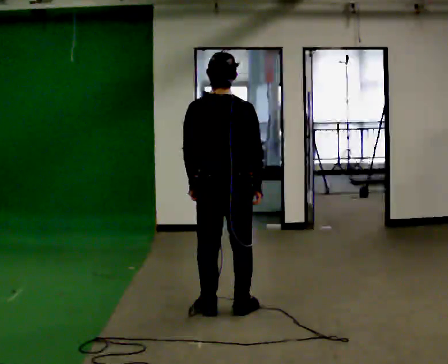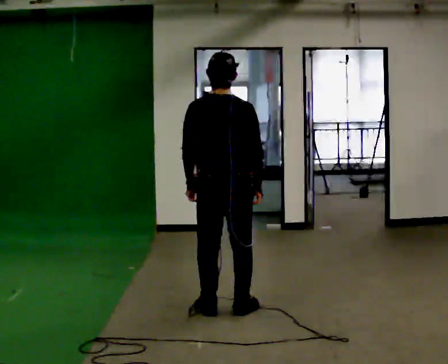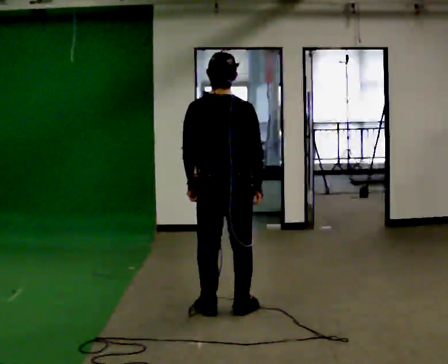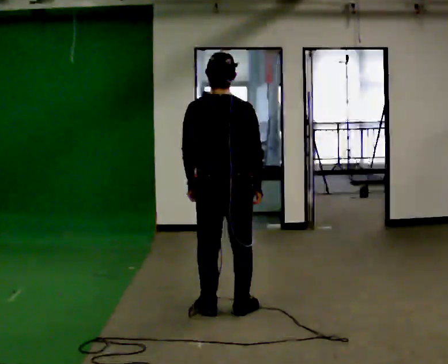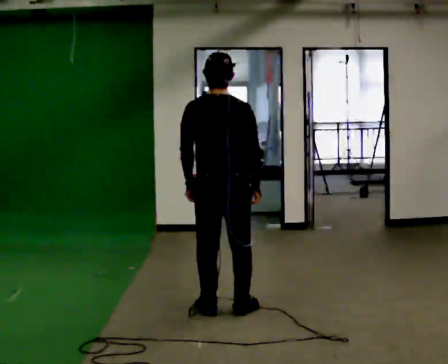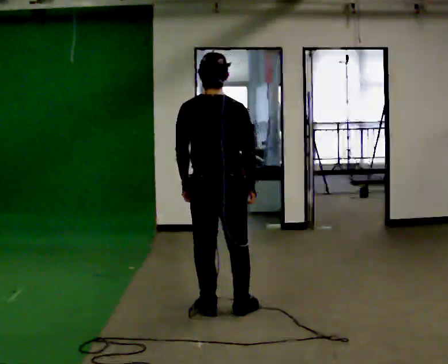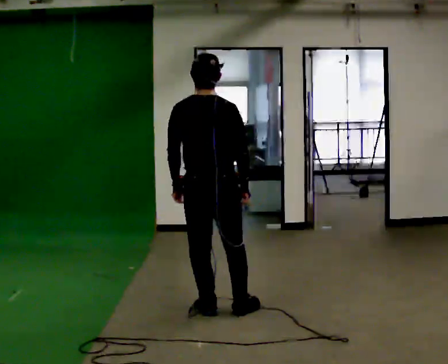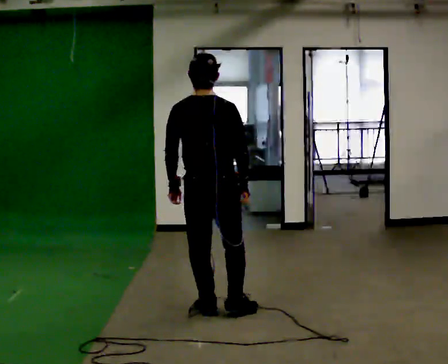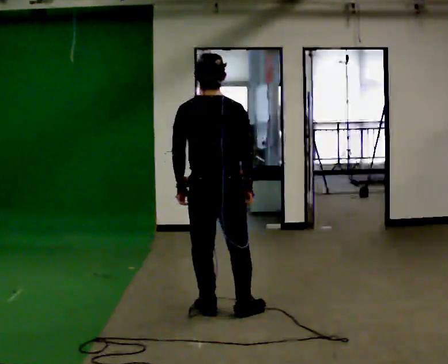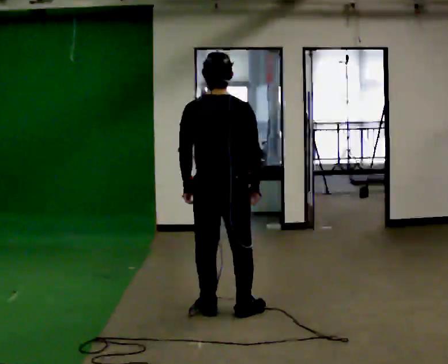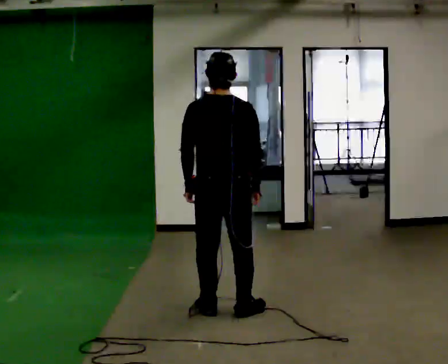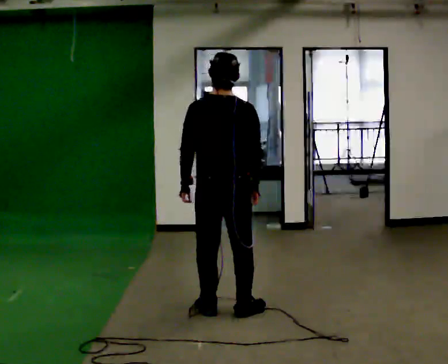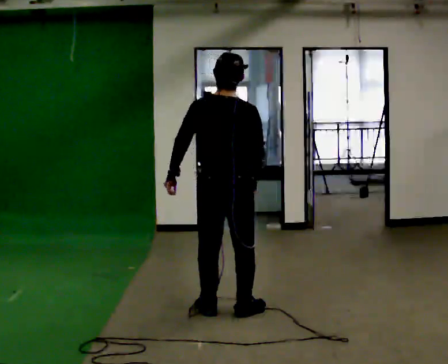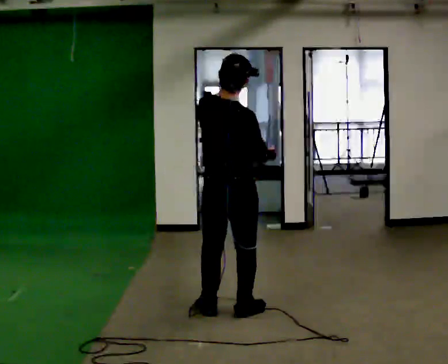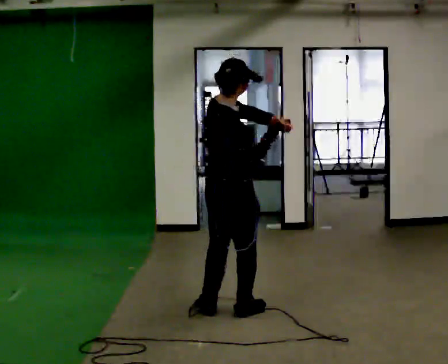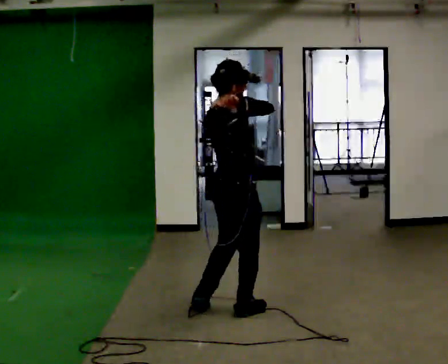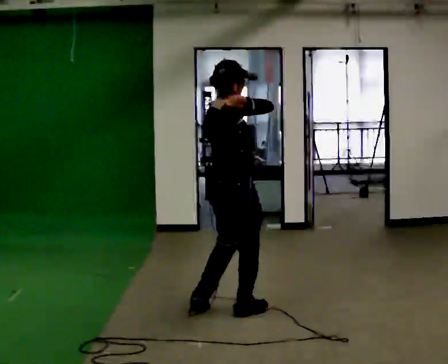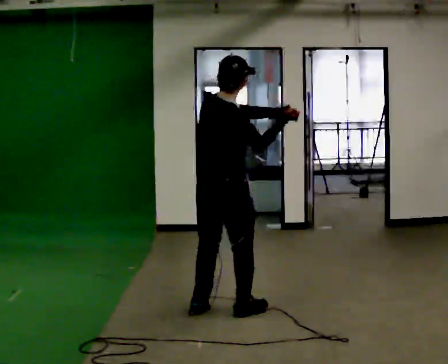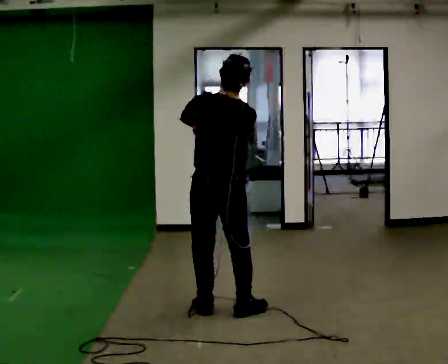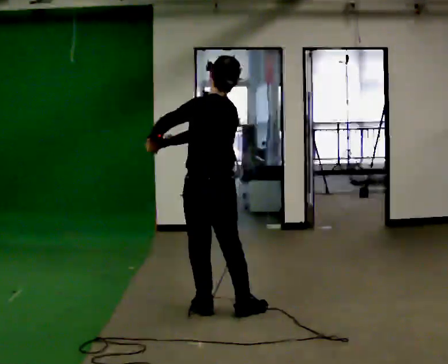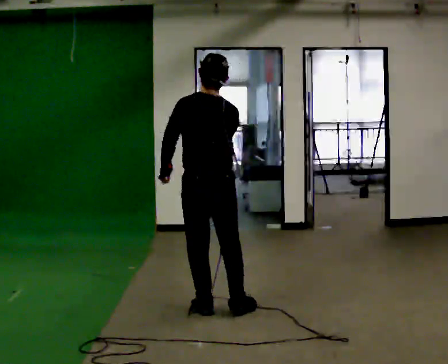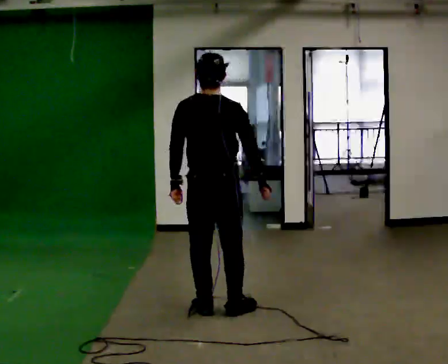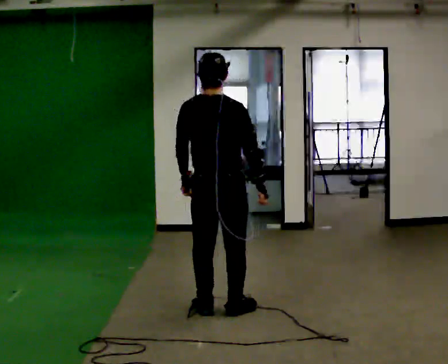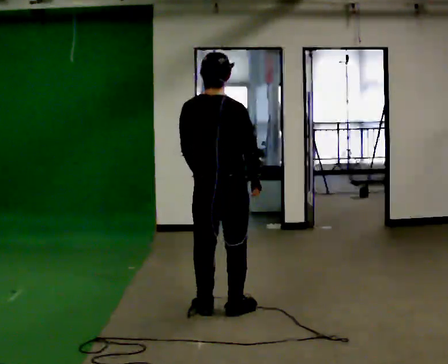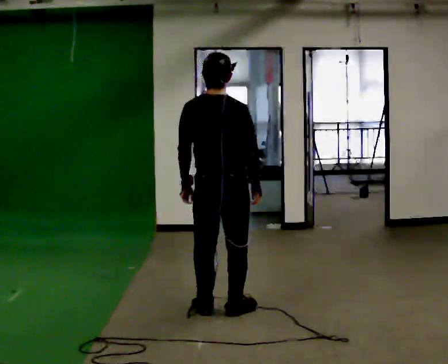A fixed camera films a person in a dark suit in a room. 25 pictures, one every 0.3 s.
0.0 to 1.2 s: The person keeps their place and pose.
1.2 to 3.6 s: The person moves a little, or ends about where they began.
3.6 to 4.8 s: The person turns about 60 degrees to their right, clockwise seen from above, so the part of the body nearest the lens slides to the left. In the picture their left hand goes to the right and upward.
4.8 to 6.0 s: The person turns about 75 degrees to their left, counterclockwise seen from above, so the part of the body nearest the lens slides to the right. In the picture their right hand goes downward.
6.0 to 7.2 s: In the picture their right hand goes to the right.
The film runs forward here.
